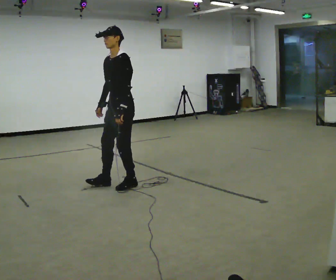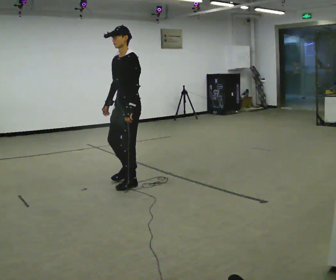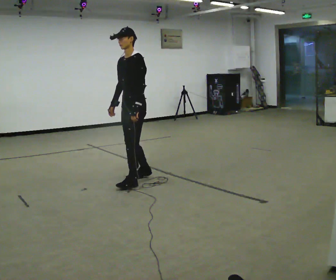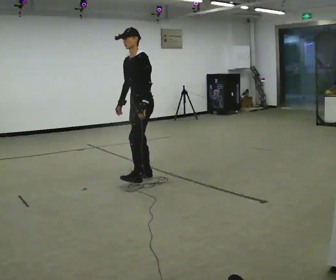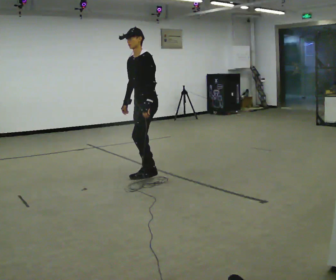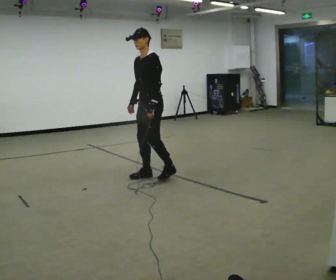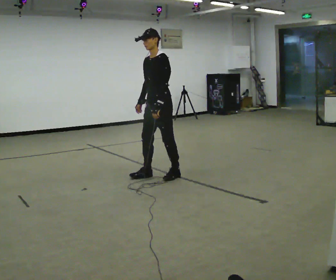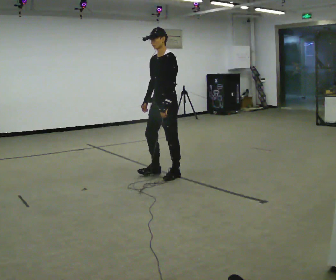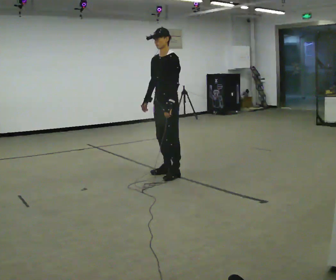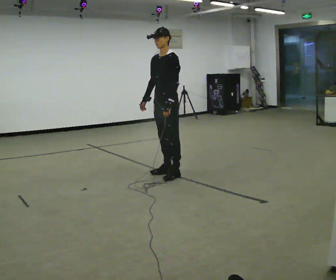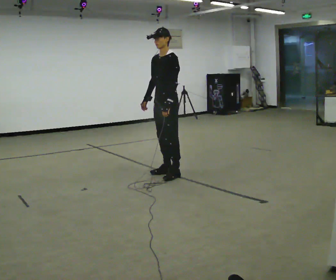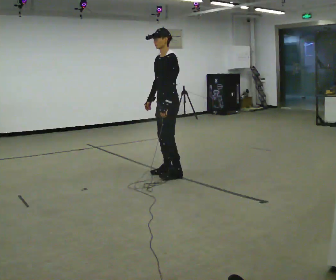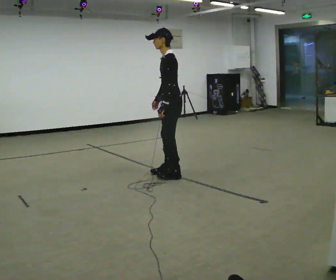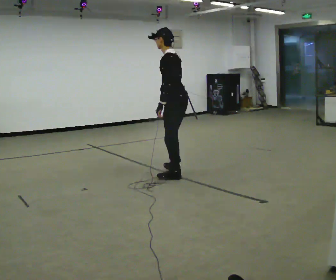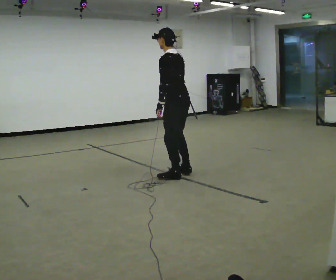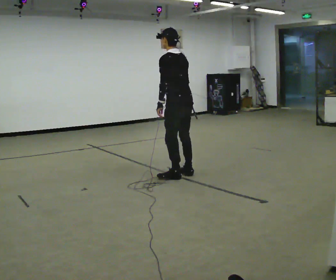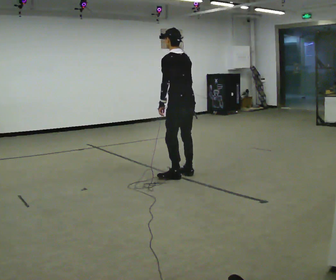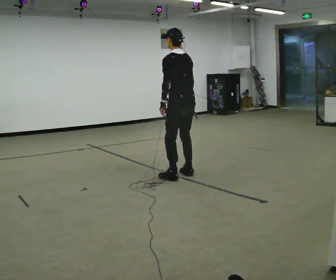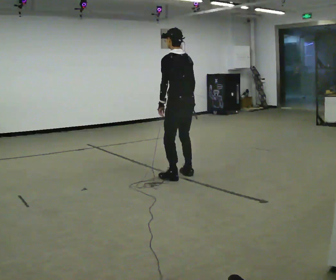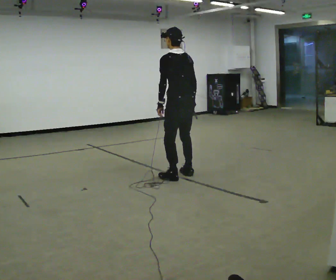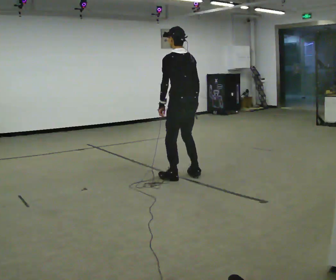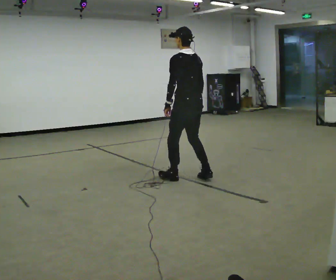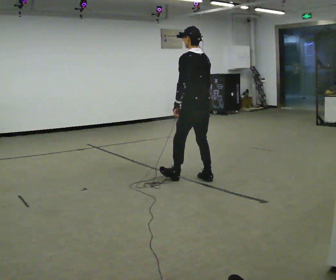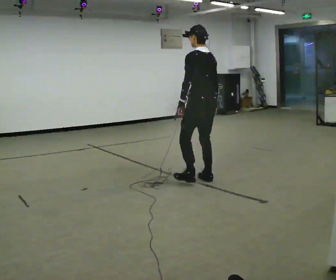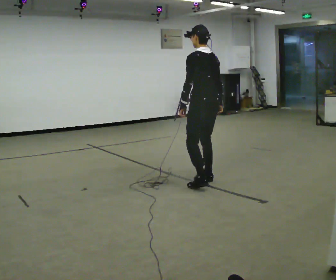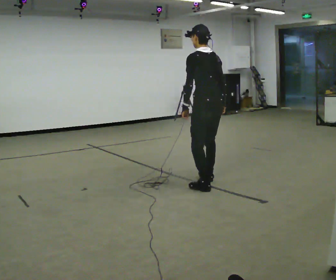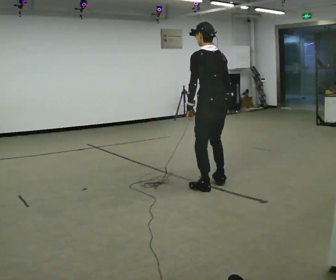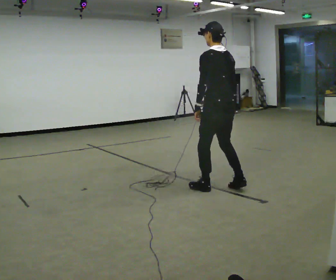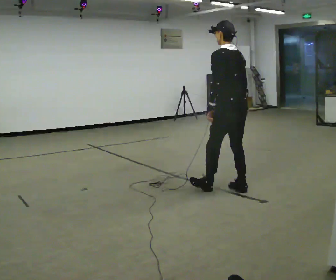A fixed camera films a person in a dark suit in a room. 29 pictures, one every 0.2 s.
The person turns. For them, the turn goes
to their right.
The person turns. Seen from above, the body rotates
clockwise.
0.0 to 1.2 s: In the picture they go to the right and away from the camera, about 0.5 m in 2 steps, which for them is backward.
1.2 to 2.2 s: The person moves a little, or ends about where they began.
2.2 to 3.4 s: Seen from above the body turns clockwise, about 75 degrees: to their right, with its near side sliding to the left. In the picture they go to the right, about 0.25 m in 1 step. In the picture their right hand goes to the right.
3.4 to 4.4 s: In the picture they go toward the camera and to the right, about 0.25 m in 1 step, which for them is backward.
4.4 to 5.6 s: In the picture they go toward the camera and to the right, about 0.5 m in 2 steps, which for them is backward.
The film runs forward here.
